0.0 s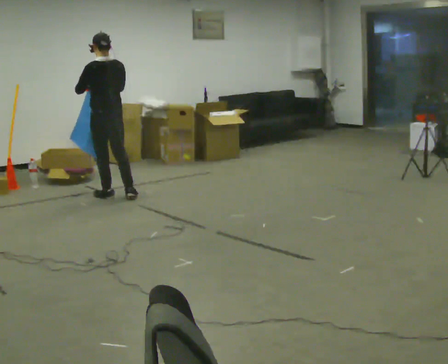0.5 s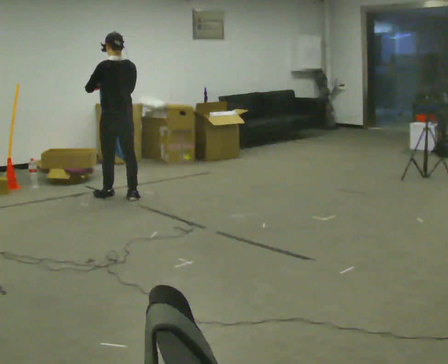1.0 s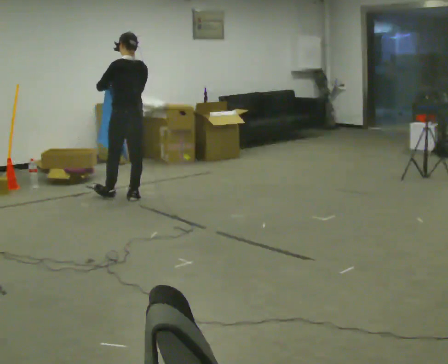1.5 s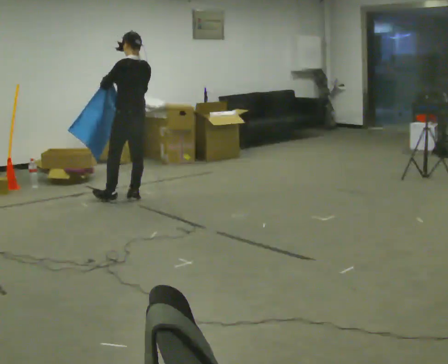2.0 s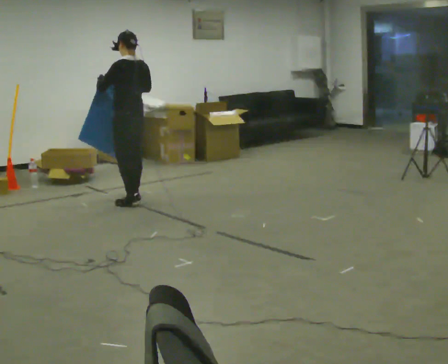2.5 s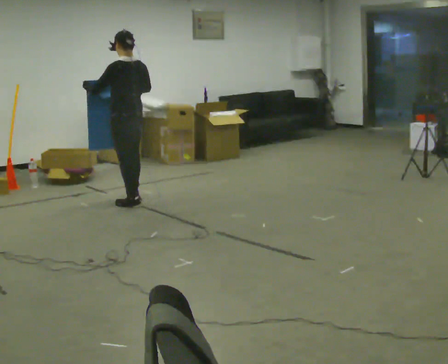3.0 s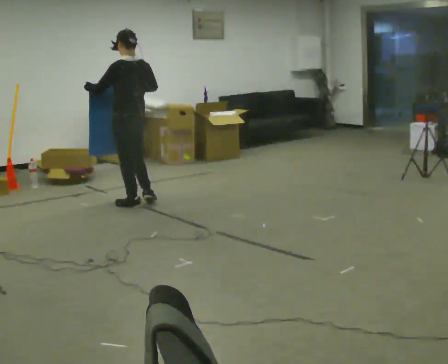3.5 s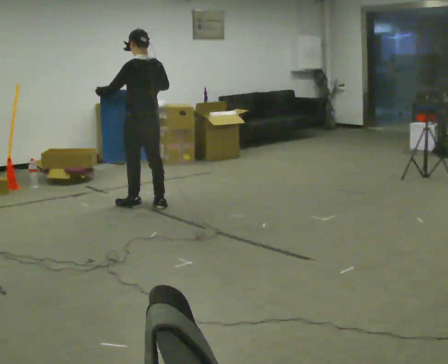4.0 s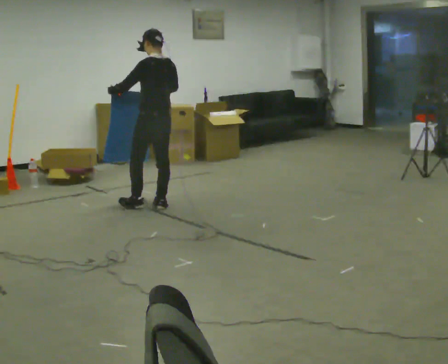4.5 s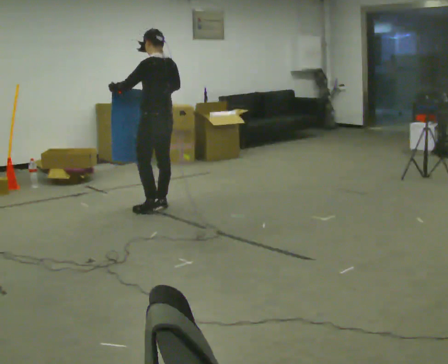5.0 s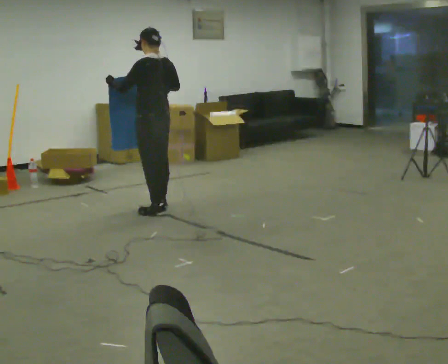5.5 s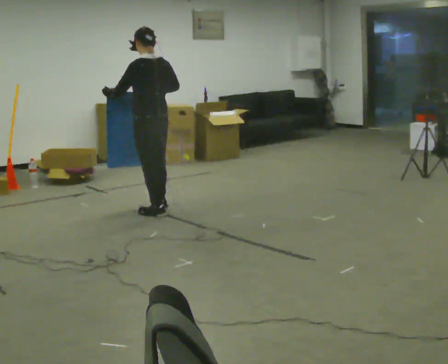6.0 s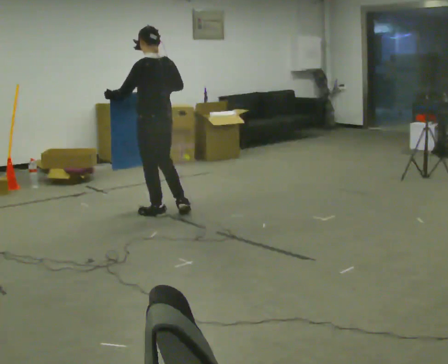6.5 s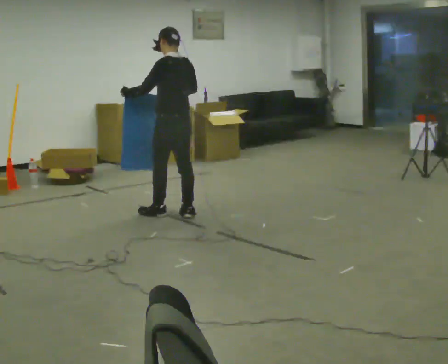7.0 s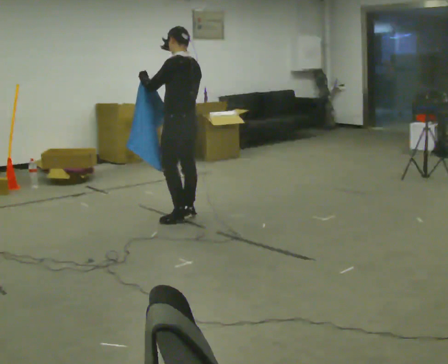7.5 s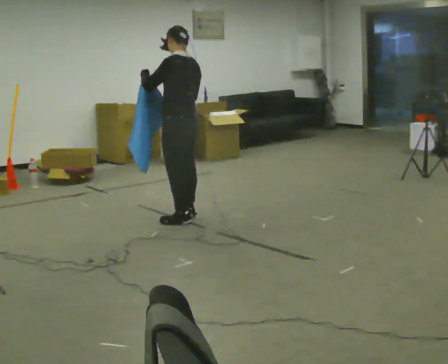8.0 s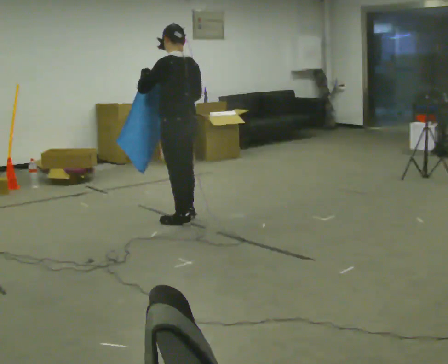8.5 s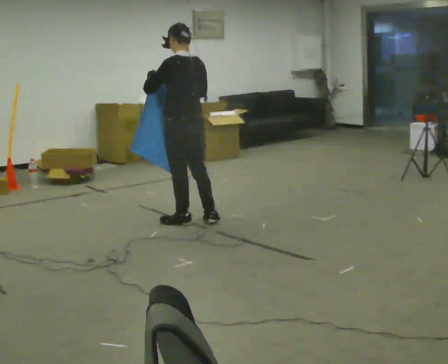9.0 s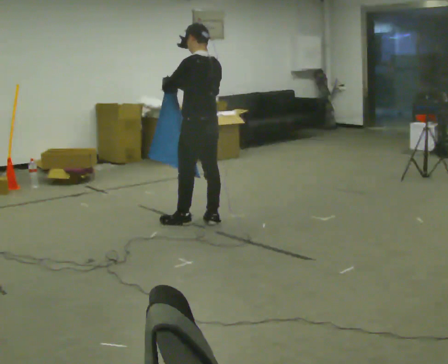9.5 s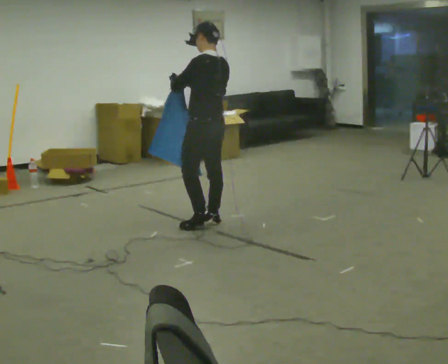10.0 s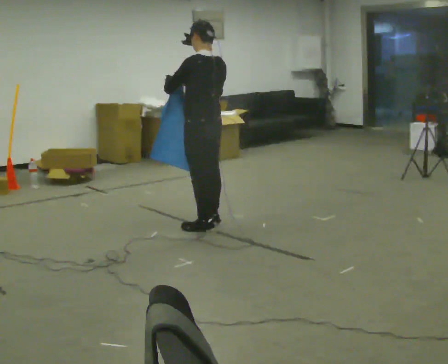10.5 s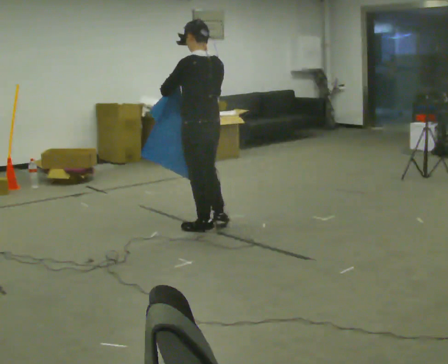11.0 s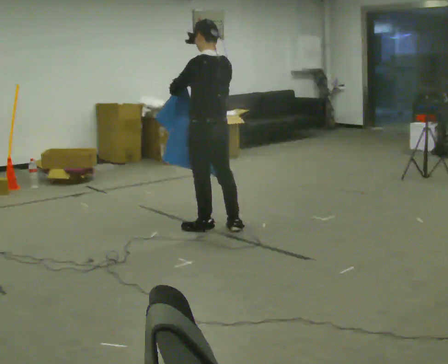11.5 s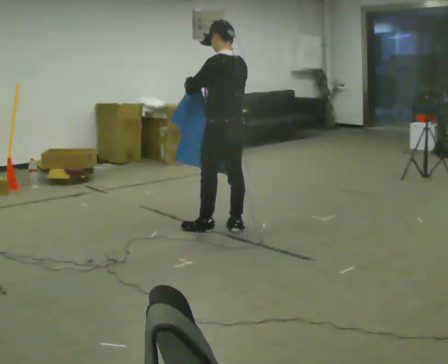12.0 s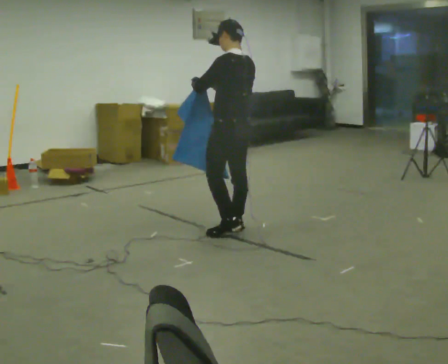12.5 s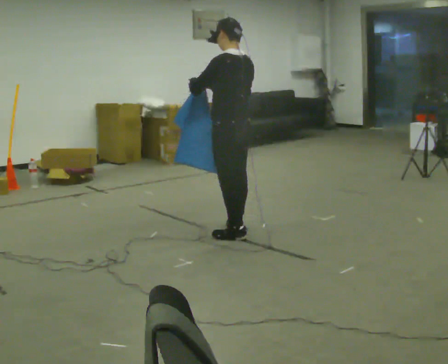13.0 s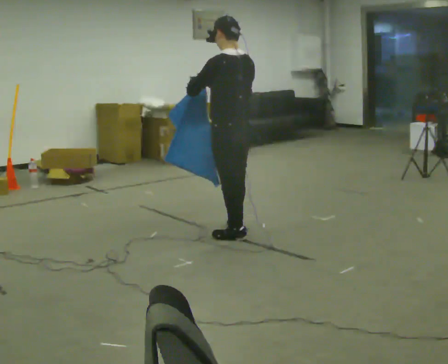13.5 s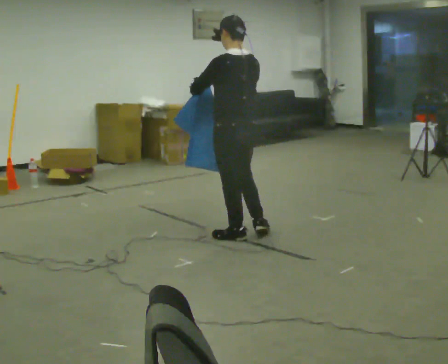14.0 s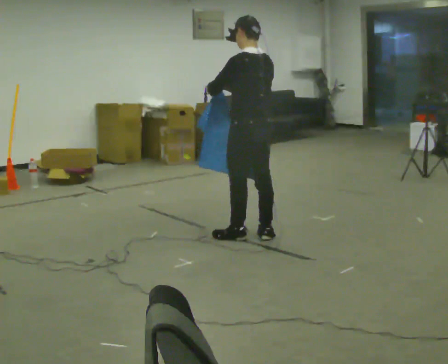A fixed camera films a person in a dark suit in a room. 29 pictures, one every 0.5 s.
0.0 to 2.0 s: In the picture they go to the right, about 0.25 m in 1 step, which for them is backward and to their right.
2.0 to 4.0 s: In the picture they go toward the camera and to the right, about 0.5 m in 2 steps, which for them is backward.
4.0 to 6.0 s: In the picture they go toward the camera, about 0.25 m in 1 step, which for them is backward and to their left.
6.0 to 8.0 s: In the picture they go toward the camera and to the right, about 0.25 m in 1 step, which for them is backward.
8.0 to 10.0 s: In the picture they go to the right, about 0.25 m in 2 steps, which for them is backward.
10.0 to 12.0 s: In the picture they go to the right, about 0.25 m in 2 steps, which for them is backward.
12.0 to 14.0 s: In the picture they go toward the camera, about 0.25 m in 1 step, which for them is backward.
The film runs backward here.
